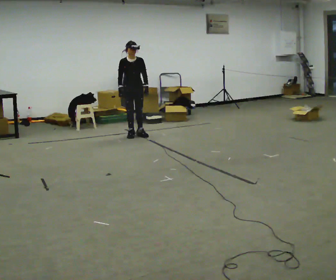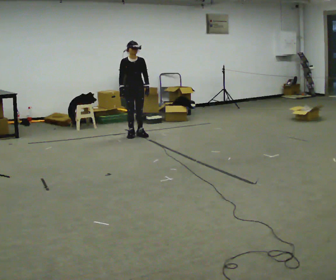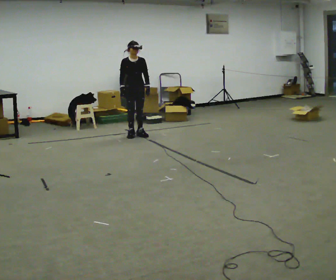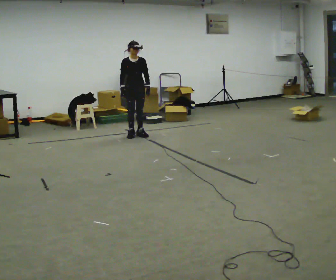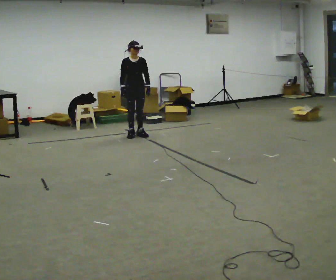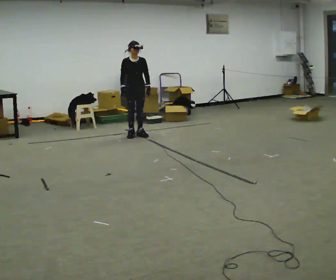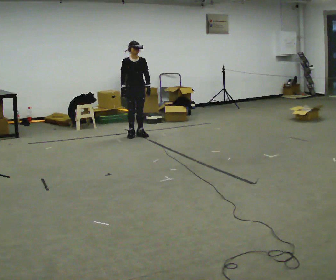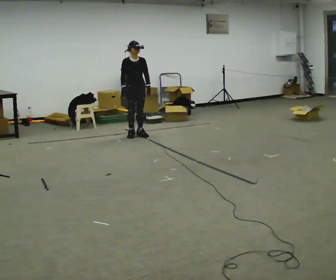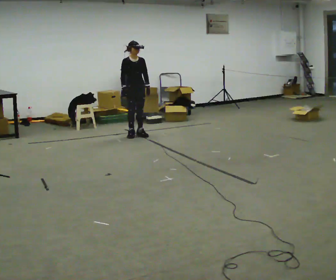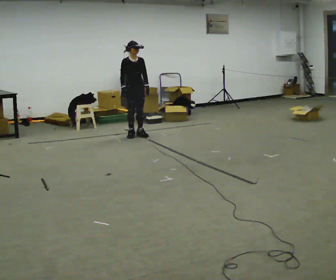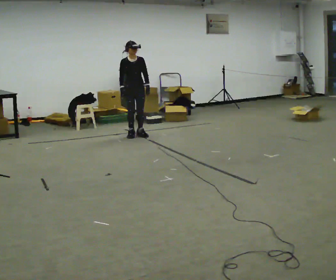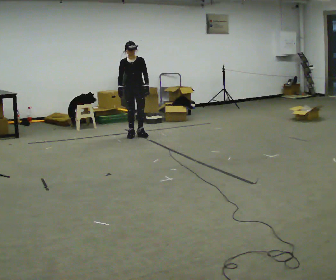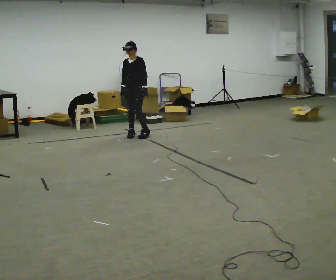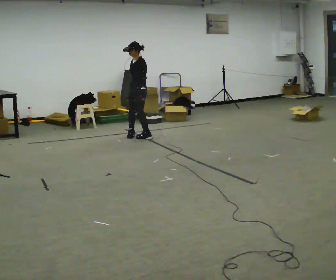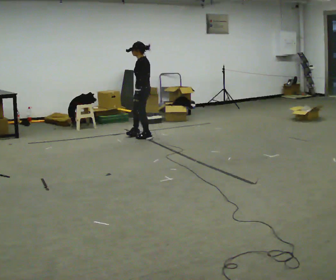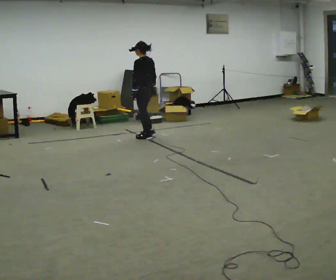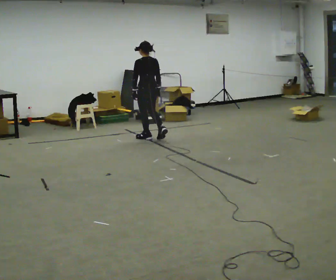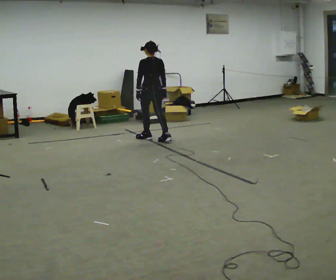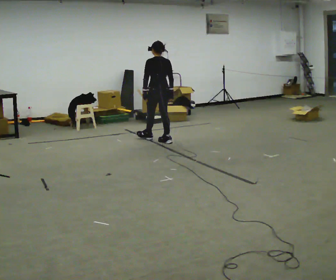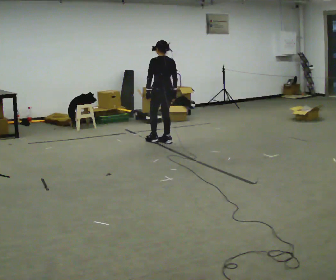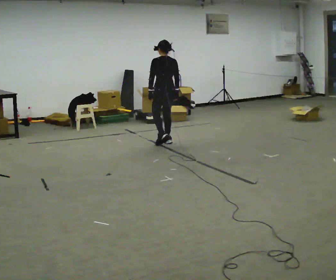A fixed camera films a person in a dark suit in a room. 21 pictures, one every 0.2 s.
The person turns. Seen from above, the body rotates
clockwise.
The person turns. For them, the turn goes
to their right.
0.0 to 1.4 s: The person moves a little, or ends about where they began.
1.4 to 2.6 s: Seen from above the body turns clockwise, about 75 degrees: to their right, with its near side sliding to the left.
2.6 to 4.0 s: The part of the body nearest the lens slides to the left as the person turns to their right by about 105 degrees. In the picture they go toward the camera and to the right, about 0.5 m in 2 steps.
The film runs backward here.
